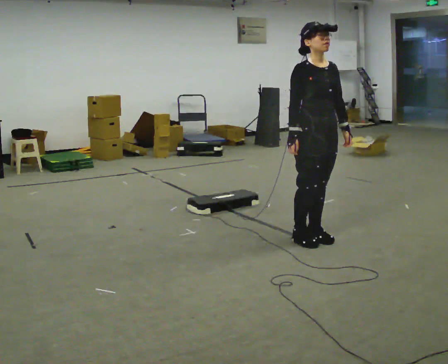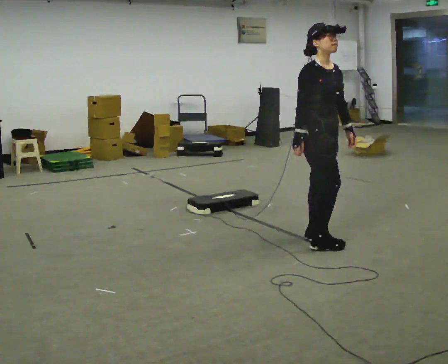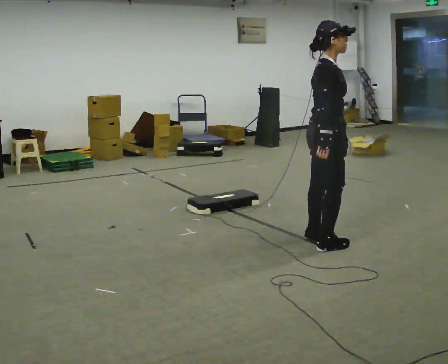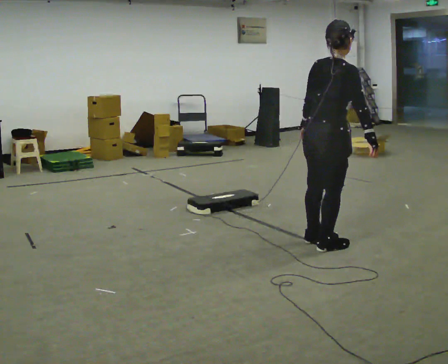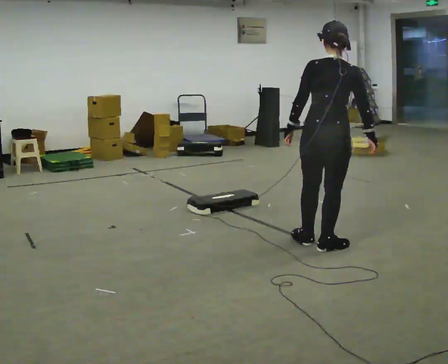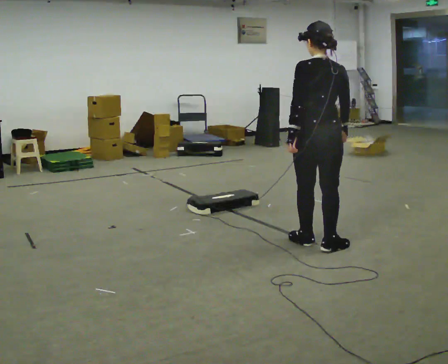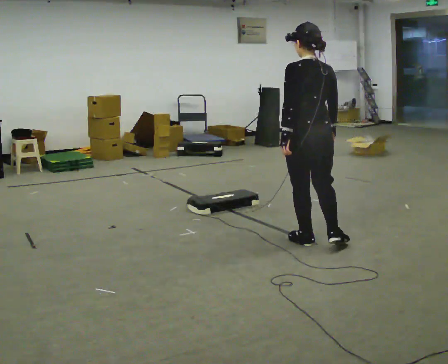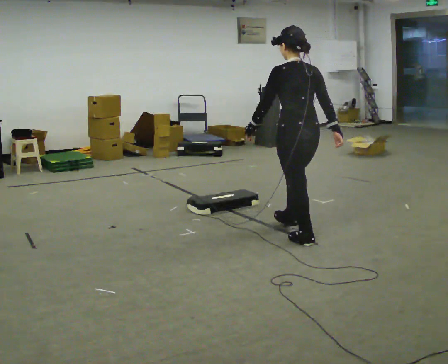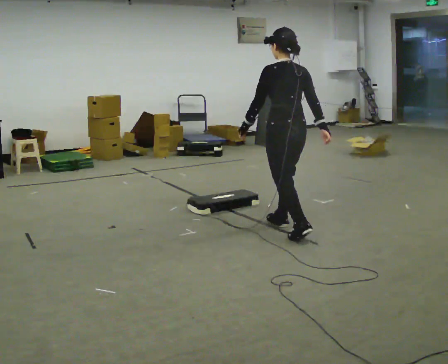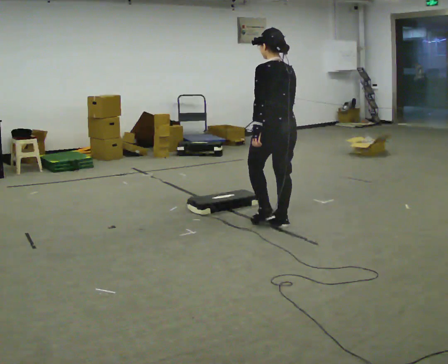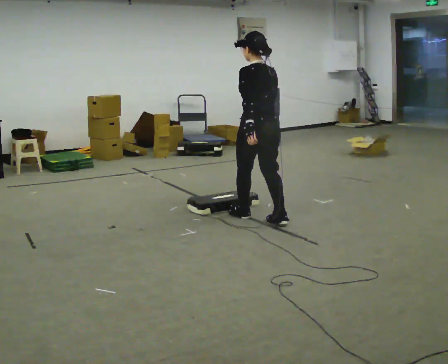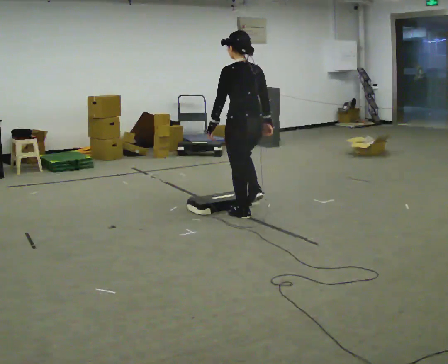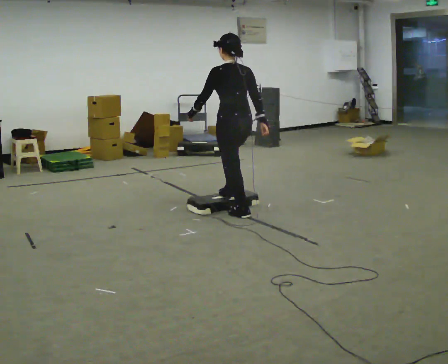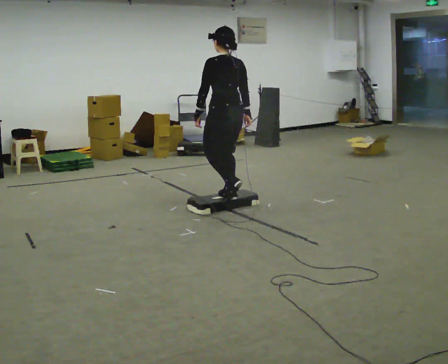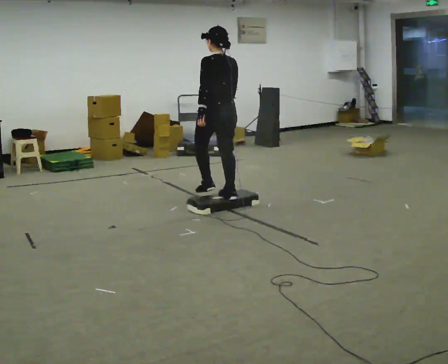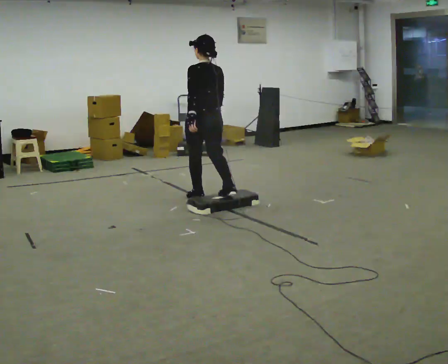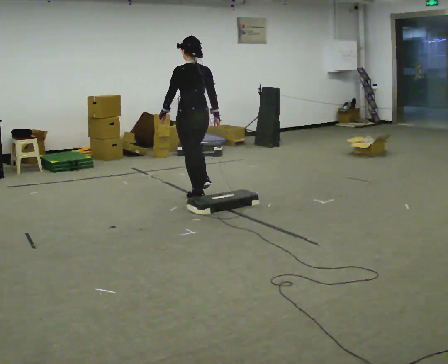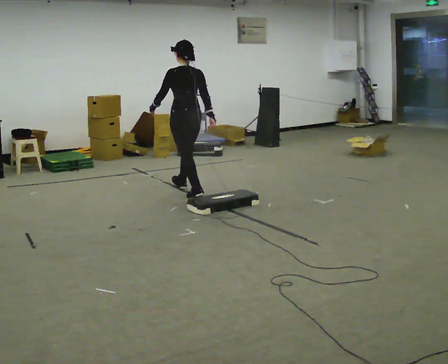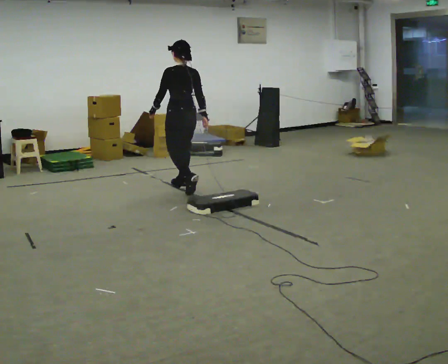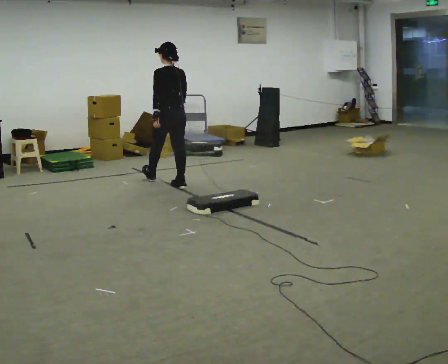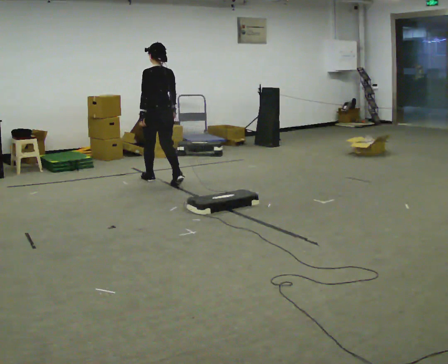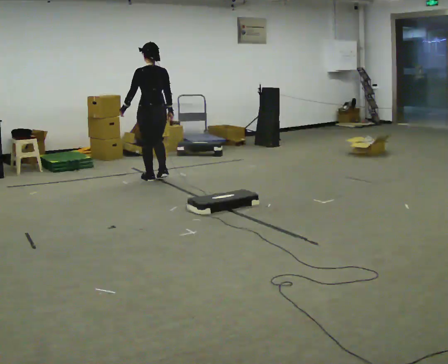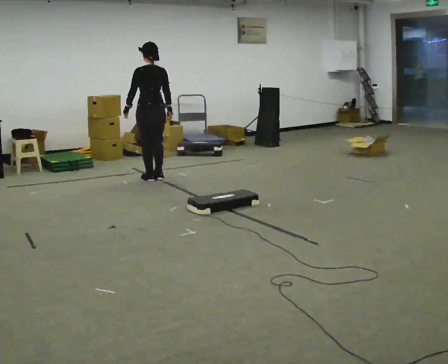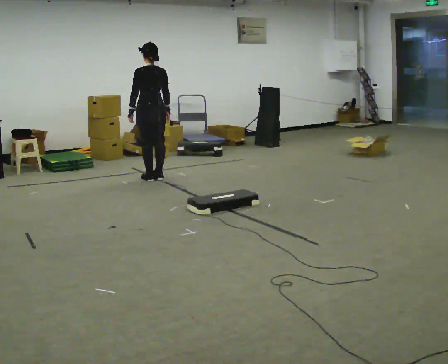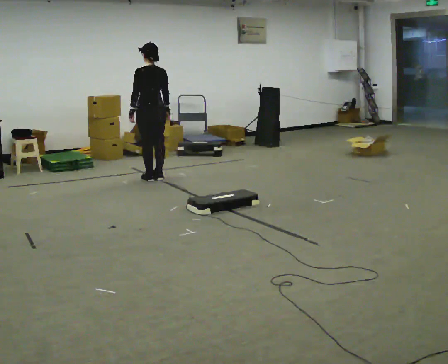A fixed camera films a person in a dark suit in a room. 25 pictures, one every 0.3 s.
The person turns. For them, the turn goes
to their left.
The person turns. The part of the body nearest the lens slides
to the right.
0.0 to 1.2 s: The part of the body nearest the lens slides to the right as the person turns to their left by about 135 degrees. In the picture they go toward the camera, about 0.25 m in 1 step. In the picture their left hand goes to the left, the arm swinging clockwise.
1.2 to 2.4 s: The person turns about 45 degrees to their left, counterclockwise seen from above, so the part of the body nearest the lens slides to the right. In the picture they go away from the camera and to the left, about 0.5 m in 1 step, which for them is forward.
2.4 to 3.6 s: In the picture they go away from the camera and to the left, about 0.75 m in 2 steps, which for them is forward.
3.6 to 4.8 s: In the picture they go away from the camera and to the left, about 0.75 m in 1 step, which for them is forward.
4.8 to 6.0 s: In the picture they go away from the camera and to the left, about 1 m in 2 steps, which for them is forward.
6.0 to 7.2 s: In the picture they go away from the camera, about 0.25 m in 1 step, which for them is forward.
The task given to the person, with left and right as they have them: Walk to the platform; step up onto it; step down the other side; continue walking.
The film runs forward here.
